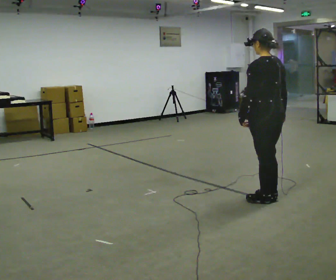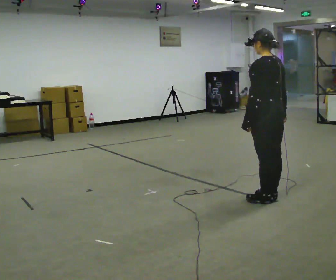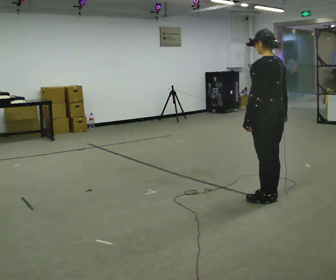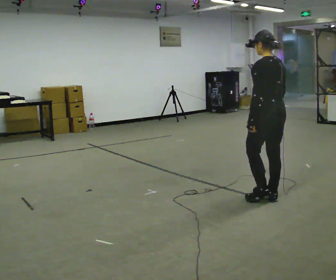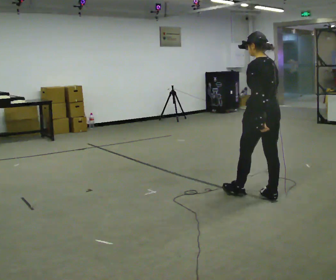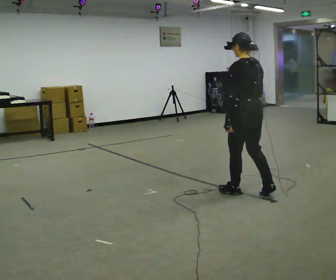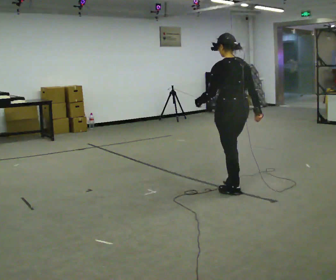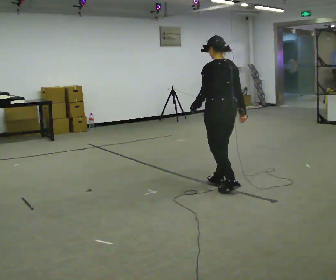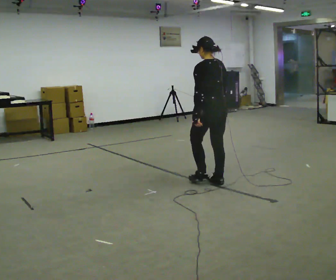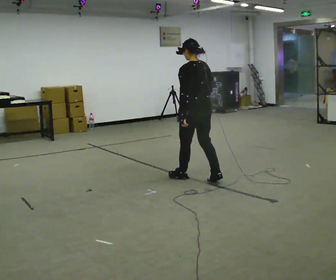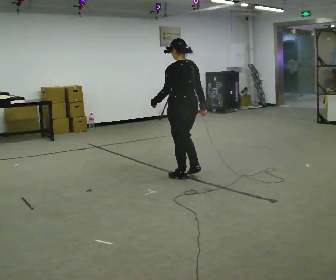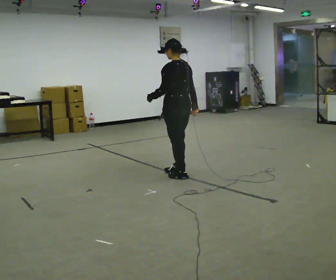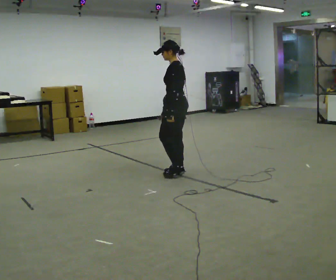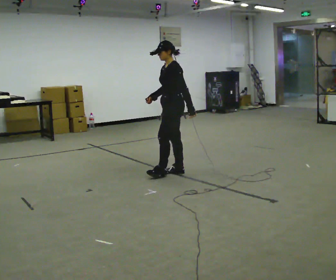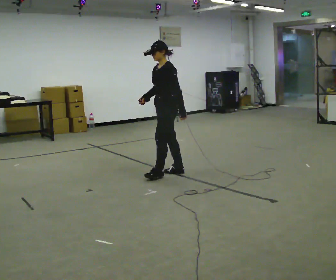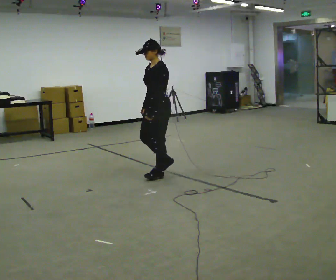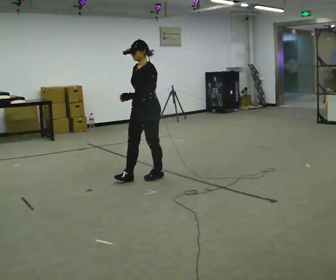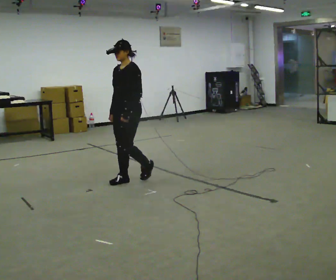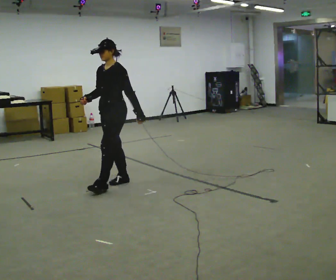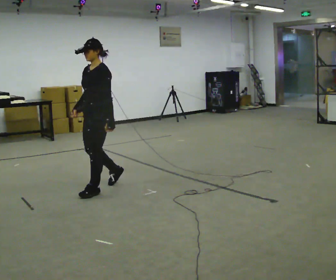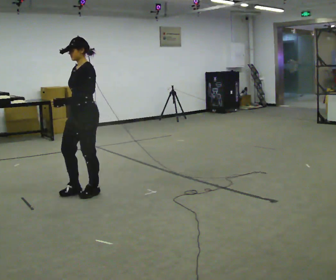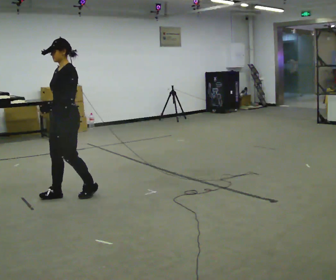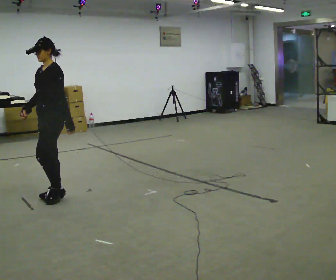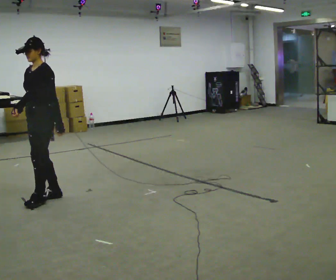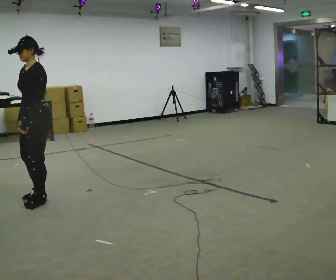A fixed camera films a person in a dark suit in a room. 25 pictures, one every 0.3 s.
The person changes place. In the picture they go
to the left.
The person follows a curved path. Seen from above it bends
counterclockwise.
0.0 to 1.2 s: In the picture they go away from the camera, about 0.25 m, which for them is forward.
1.2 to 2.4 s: In the picture they go away from the camera and to the left, about 0.75 m in 2 steps, which for them is forward.
2.4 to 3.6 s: The part of the body nearest the lens slides to the right as the person turns to their left by about 45 degrees. In the picture they go away from the camera and to the left, about 0.5 m in 2 steps, which for them is forward.
3.6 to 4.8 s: The part of the body nearest the lens slides to the right as the person turns to their left by about 45 degrees. In the picture they go to the left and toward the camera, about 0.5 m in 1 step, which for them is forward.
4.8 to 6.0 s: In the picture they go to the left and toward the camera, about 1 m in 2 steps, which for them is forward.
6.0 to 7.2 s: In the picture they go to the left and toward the camera, about 0.5 m in 2 steps, which for them is forward.
The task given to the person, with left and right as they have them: Walk normally; turn left/right while slowing; after turn accelerate back to normal.
The film runs forward here.
